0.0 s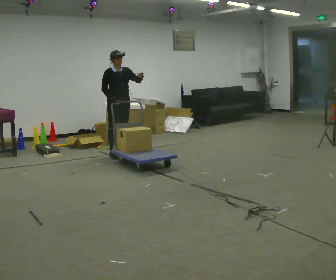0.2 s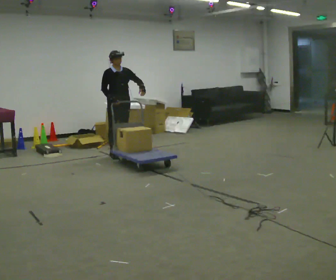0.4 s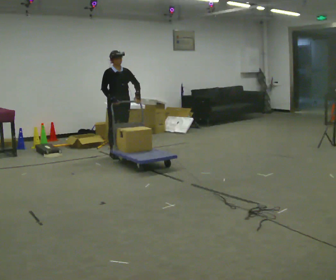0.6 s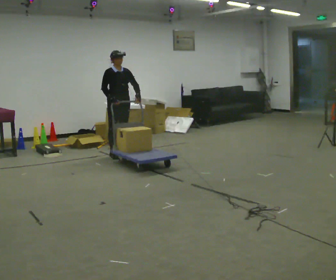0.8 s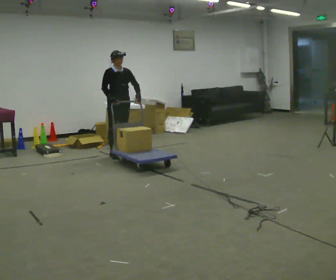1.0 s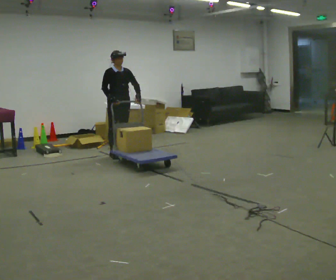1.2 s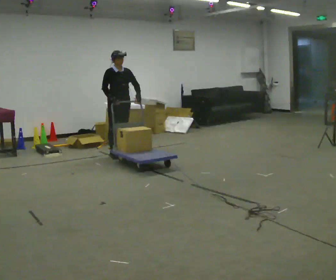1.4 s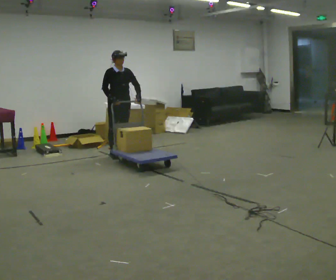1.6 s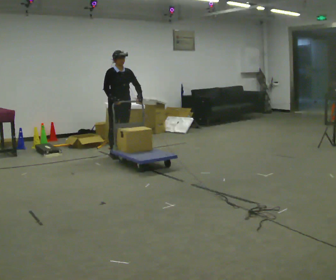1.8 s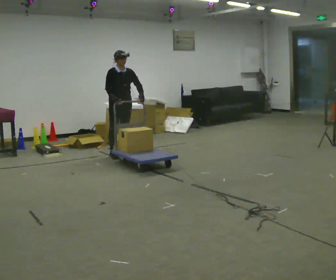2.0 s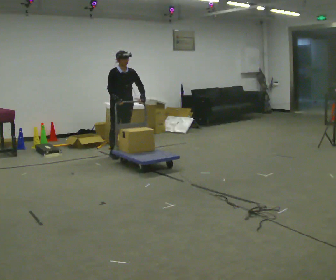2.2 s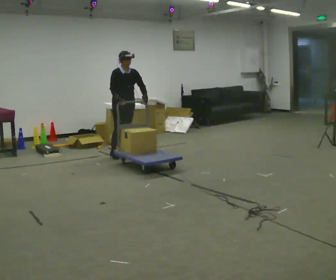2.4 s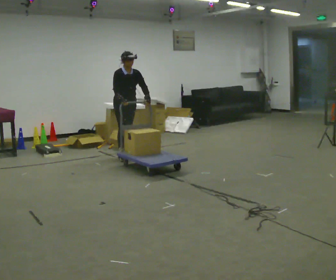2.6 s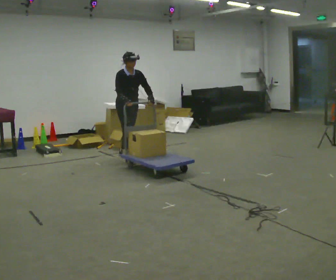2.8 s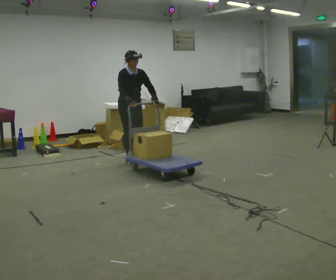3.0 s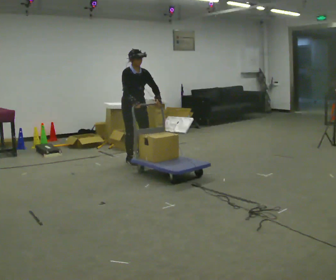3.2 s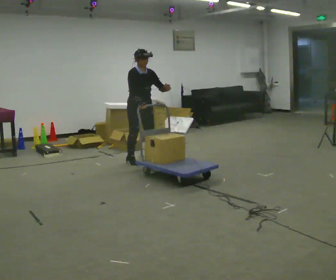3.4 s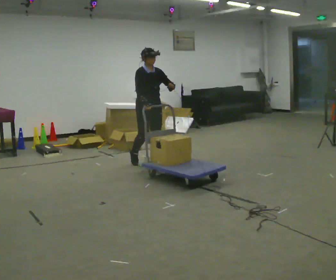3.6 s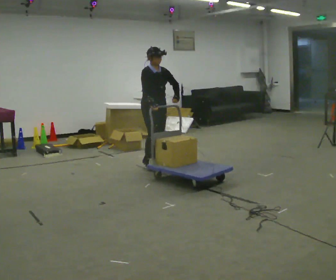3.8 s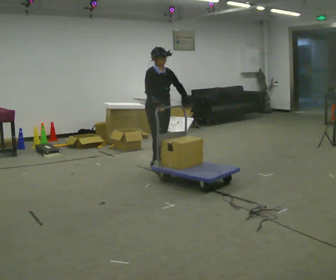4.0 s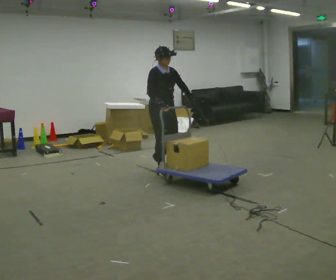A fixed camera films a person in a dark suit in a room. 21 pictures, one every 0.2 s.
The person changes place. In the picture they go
toward the camera.
0.0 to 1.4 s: In the picture their left hand goes downward.
1.4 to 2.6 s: In the picture they go toward the camera, about 0.25 m in 1 step, which for them is forward.
2.6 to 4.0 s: In the picture they go toward the camera and to the right, about 1 m in 2 steps, which for them is forward.
The film runs forward here.
